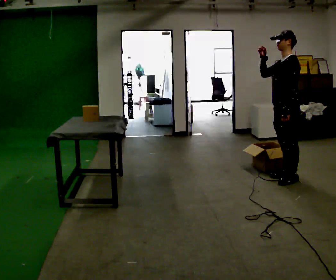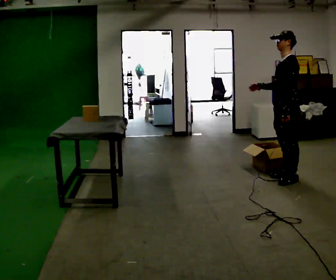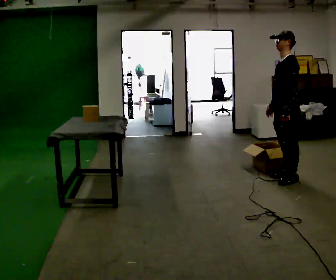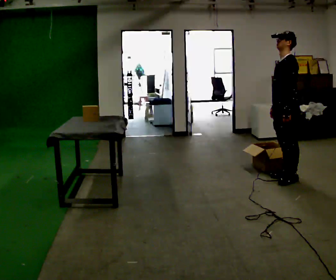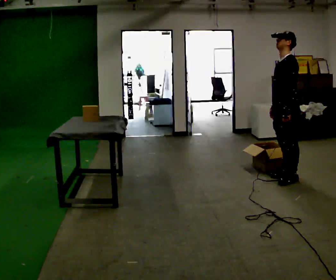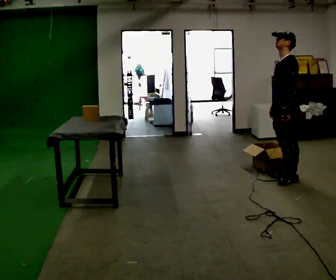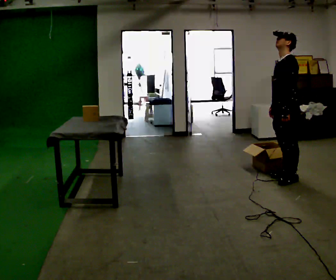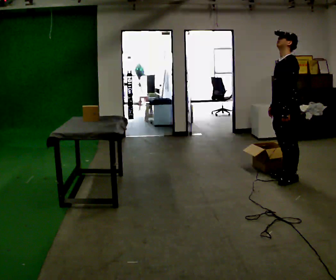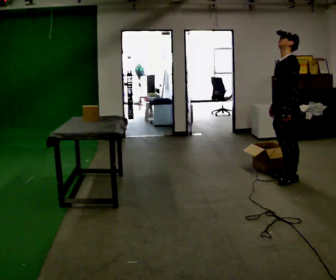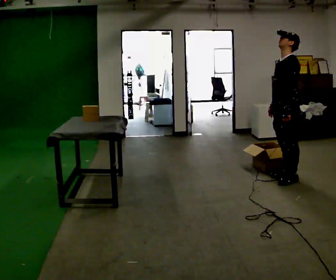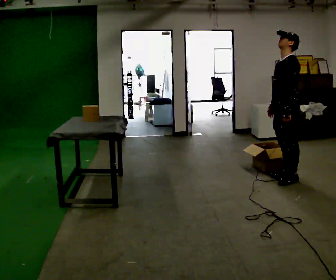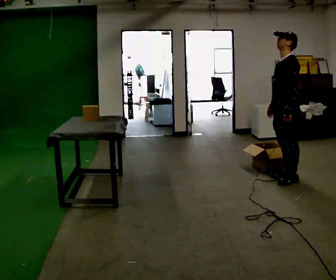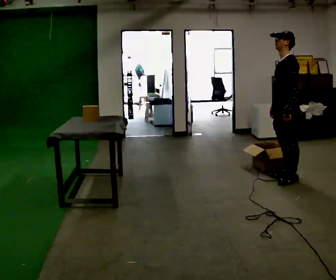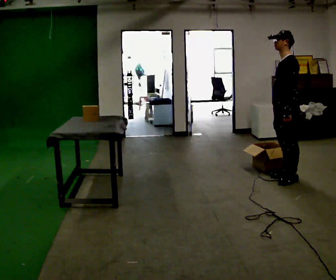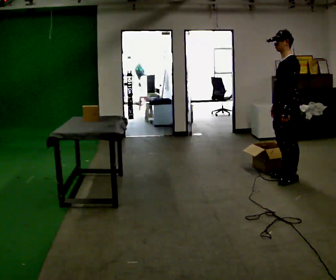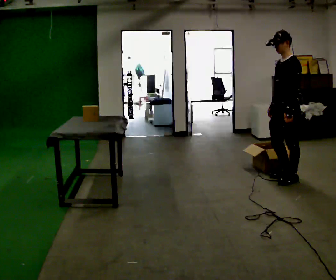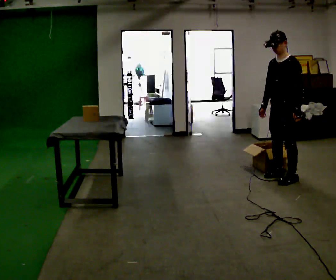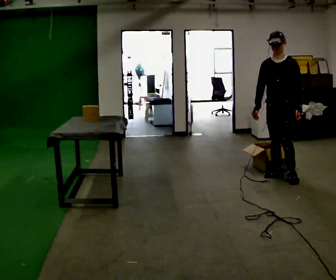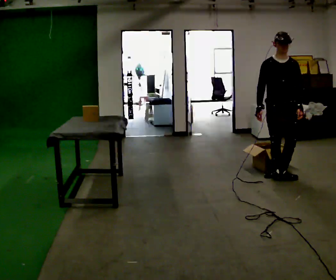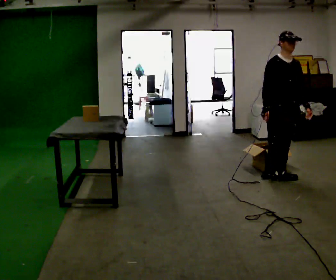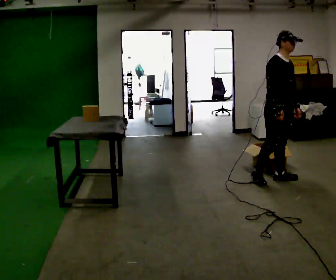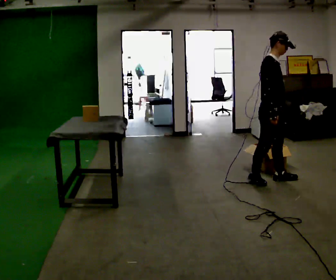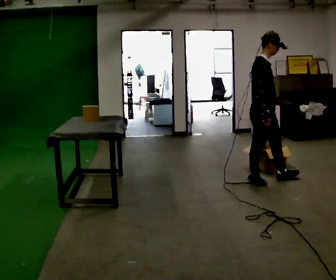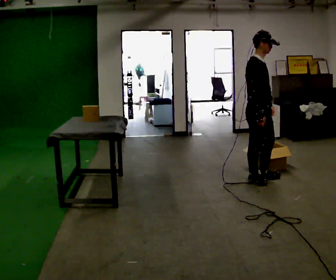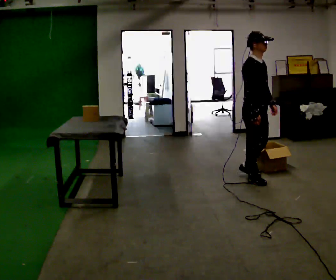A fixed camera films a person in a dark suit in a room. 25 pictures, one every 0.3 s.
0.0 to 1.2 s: In the picture their right hand goes downward.
1.2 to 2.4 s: The person keeps their place and pose.
2.4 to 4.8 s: The person moves a little, or ends about where they began.
4.8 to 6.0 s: Seen from above the body turns counterclockwise, about 105 degrees: to their left, with its near side sliding to the right.
6.0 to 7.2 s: In the picture they go to the left, about 0.25 m in 1 step, which for them is backward.
The film runs backward here.
